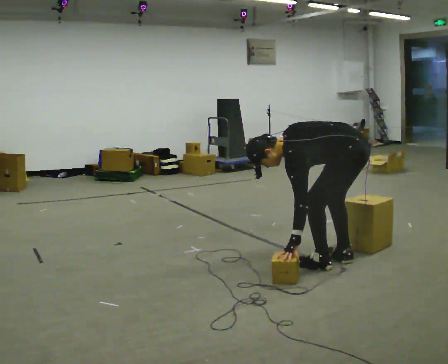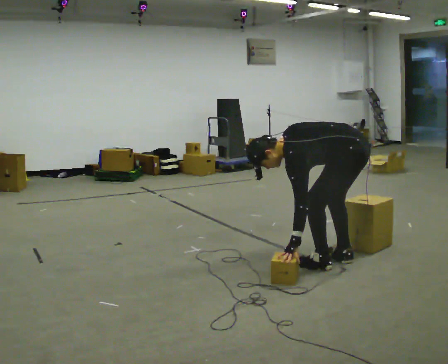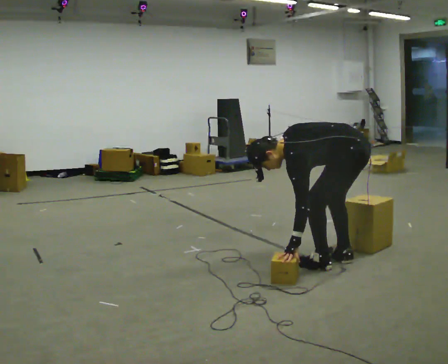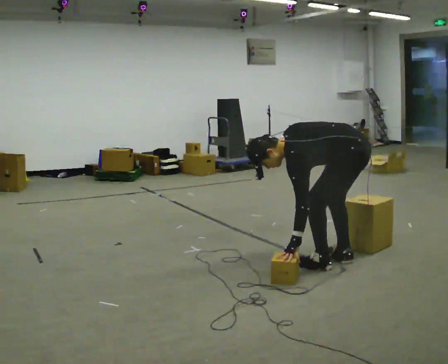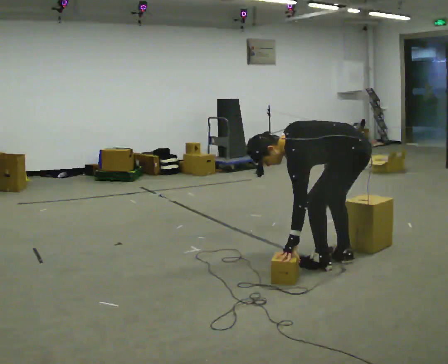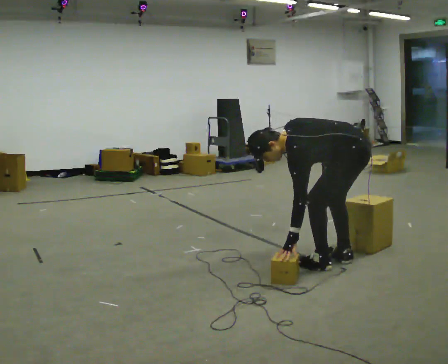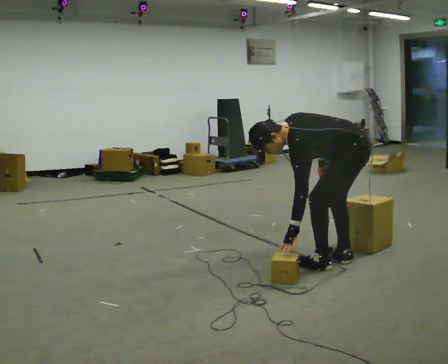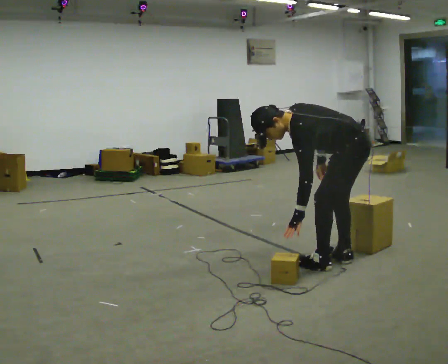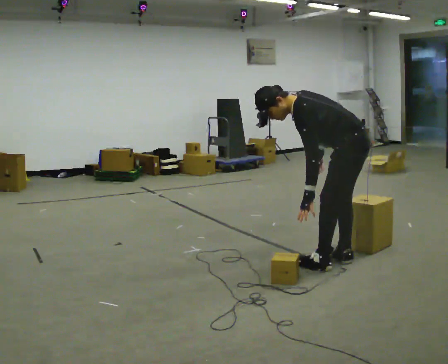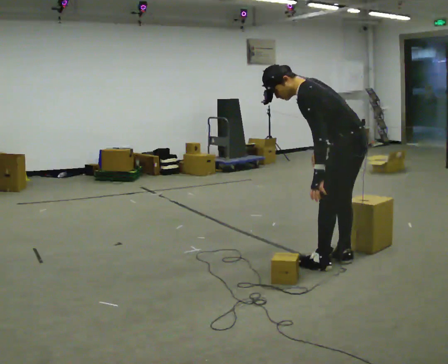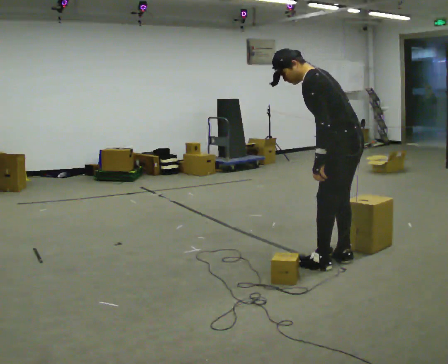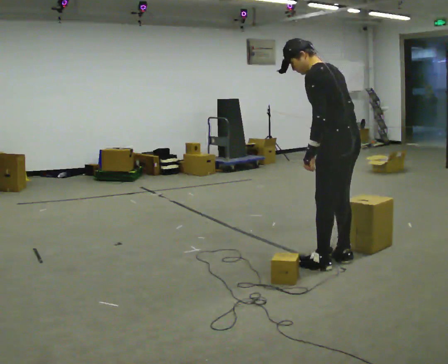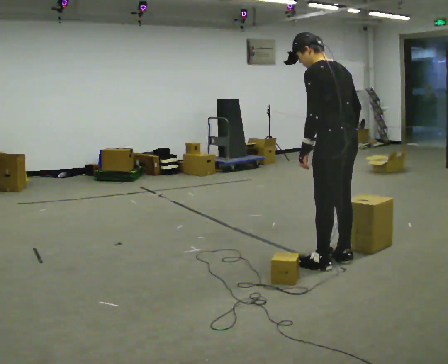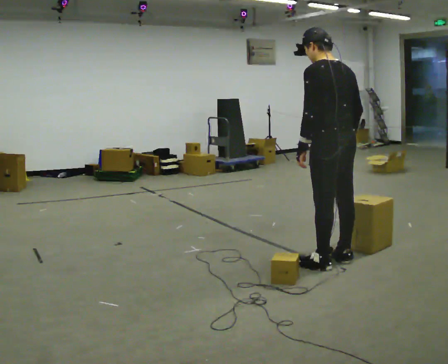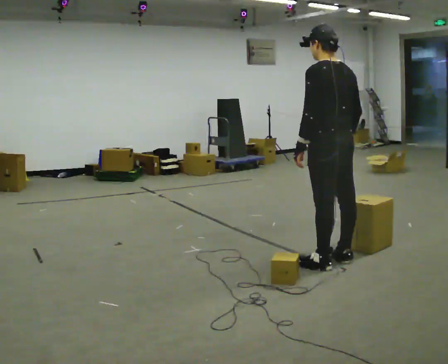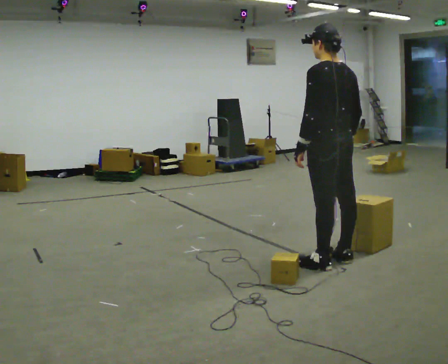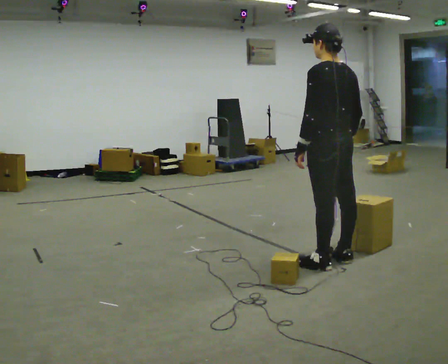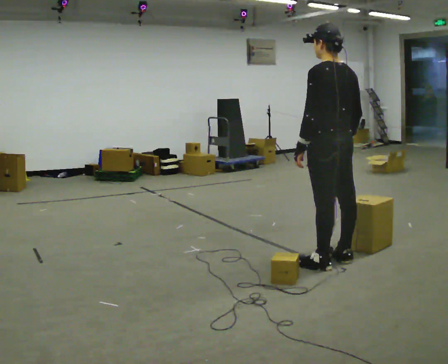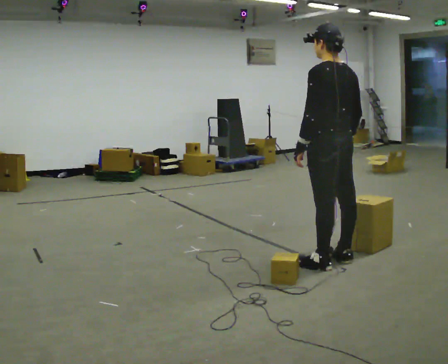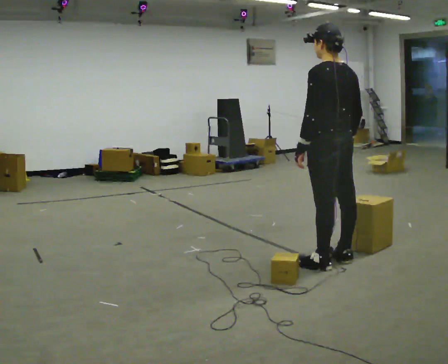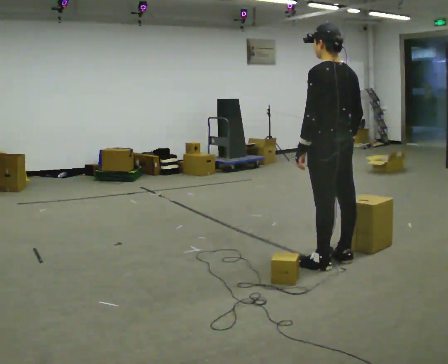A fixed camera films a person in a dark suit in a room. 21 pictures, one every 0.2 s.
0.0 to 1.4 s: The upper body goes upward.
1.4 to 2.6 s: The part of the body nearest the lens slides to the left as the person turns to their right by about 45 degrees. The upper body goes upward. In the picture the upper body tilts clockwise, shoulders to the right, as they lean back or straighten.
2.6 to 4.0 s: The person moves a little, or ends about where they began.
The film runs backward here.
